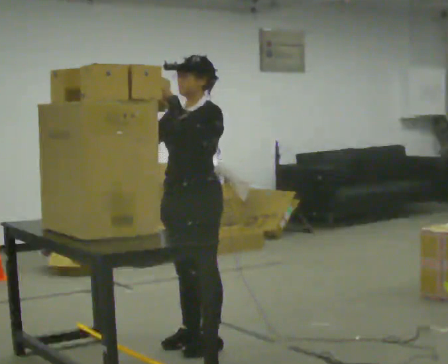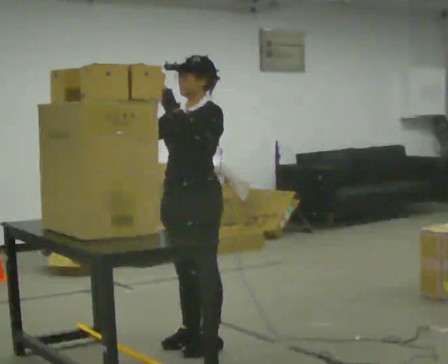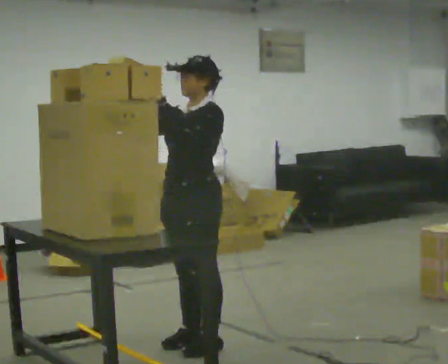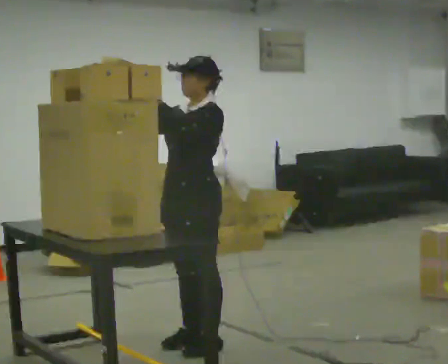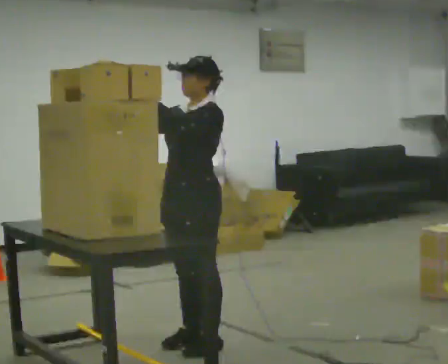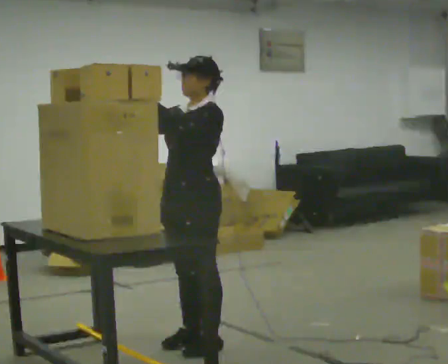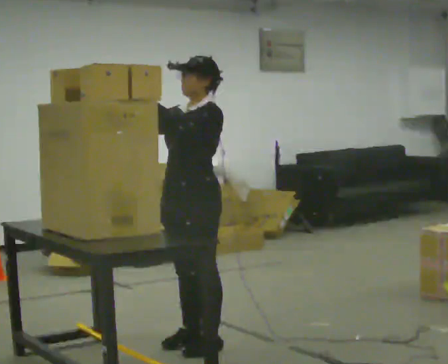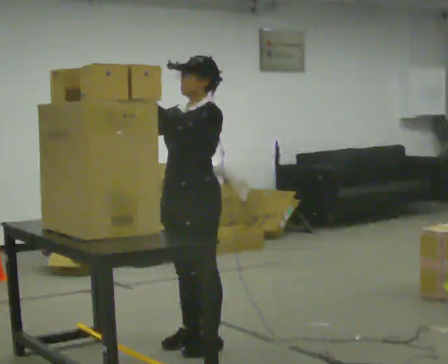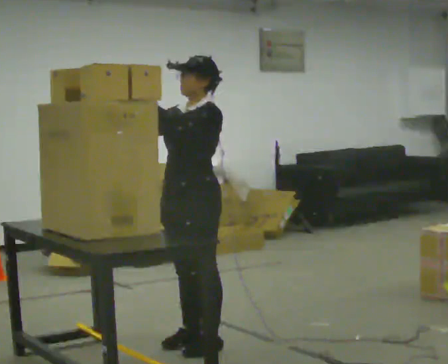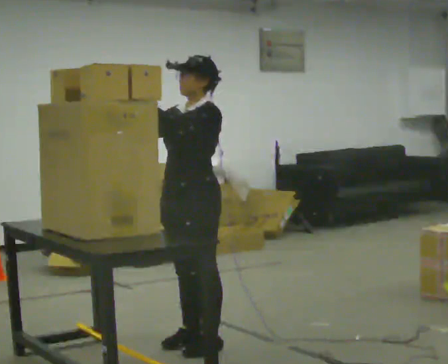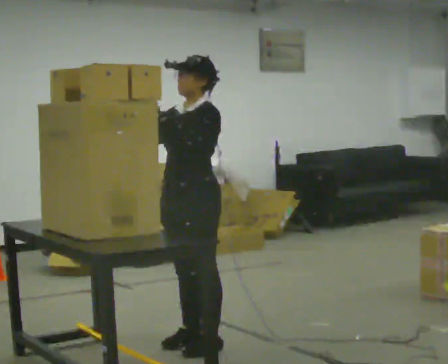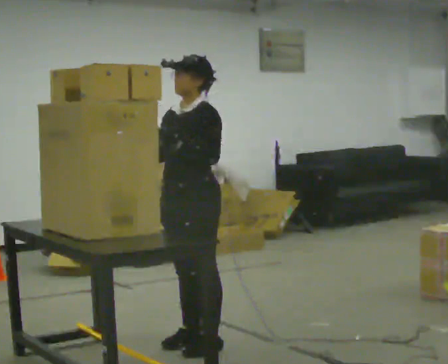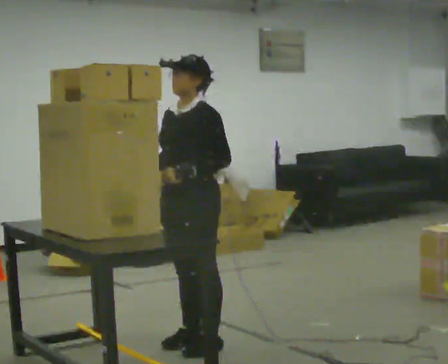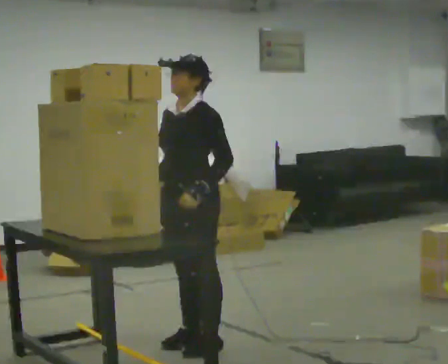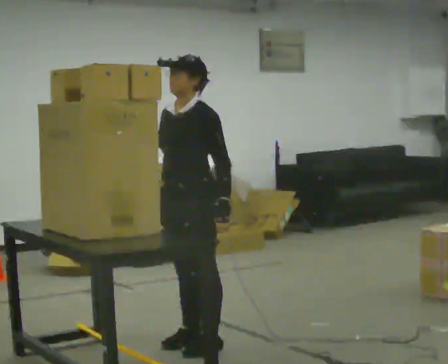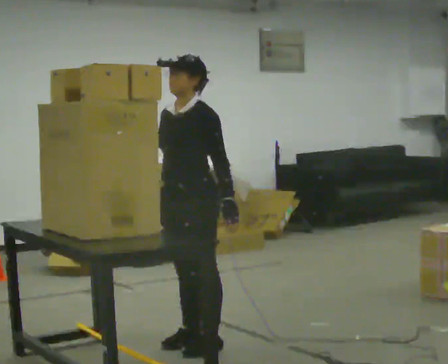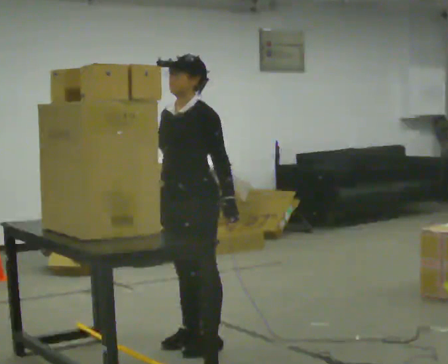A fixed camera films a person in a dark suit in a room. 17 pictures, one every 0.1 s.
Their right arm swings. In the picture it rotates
counterclockwise.
Their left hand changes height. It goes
downward.
0.0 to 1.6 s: In the picture their right hand goes downward, the arm swinging counterclockwise.
The film runs forward here.
